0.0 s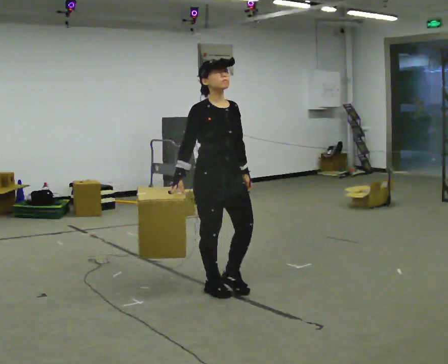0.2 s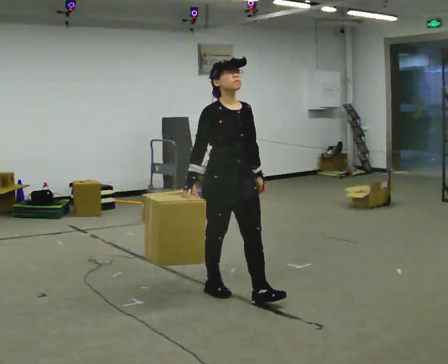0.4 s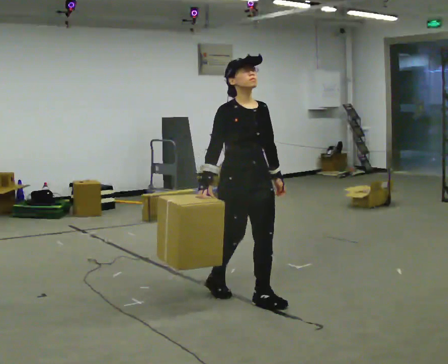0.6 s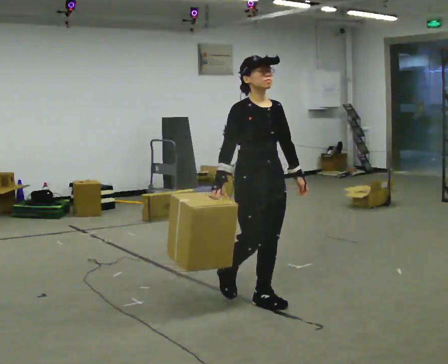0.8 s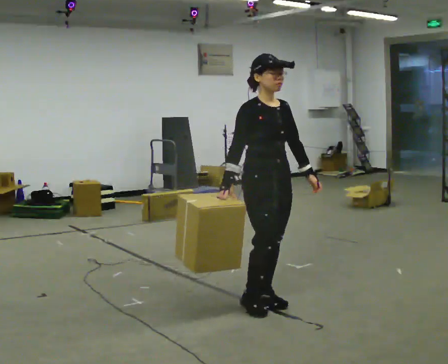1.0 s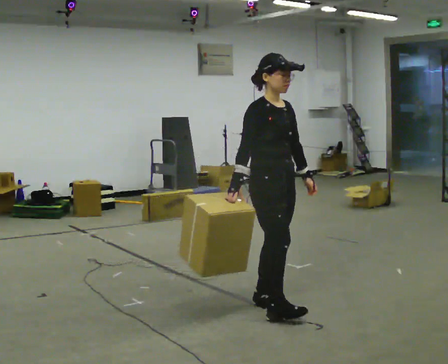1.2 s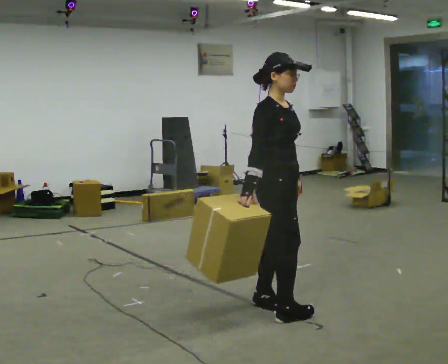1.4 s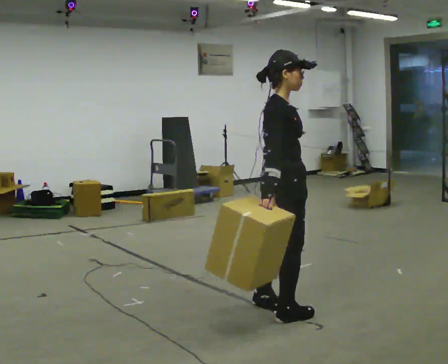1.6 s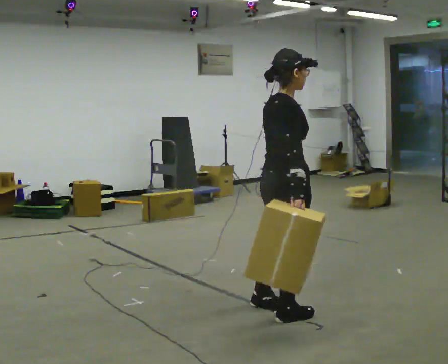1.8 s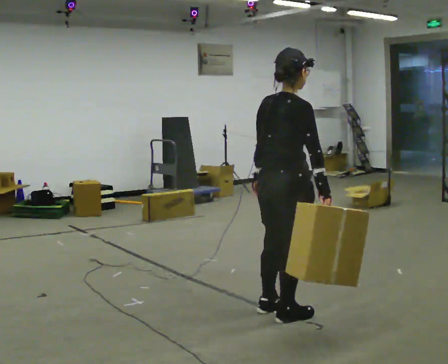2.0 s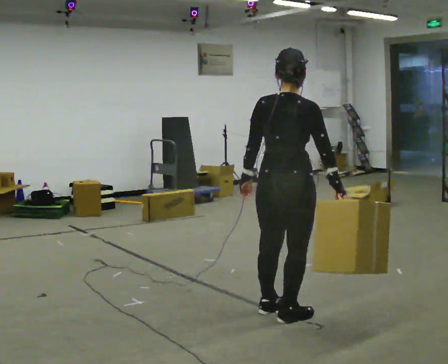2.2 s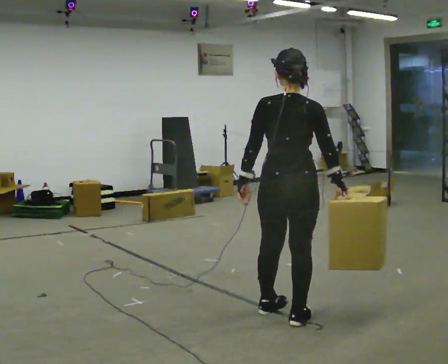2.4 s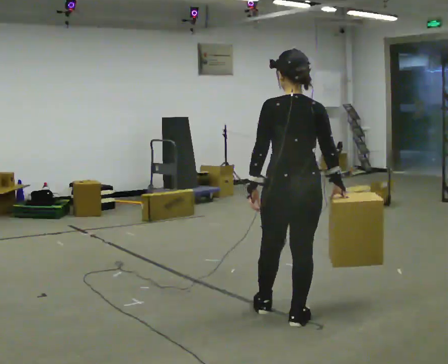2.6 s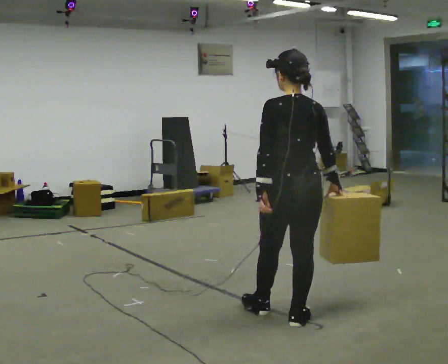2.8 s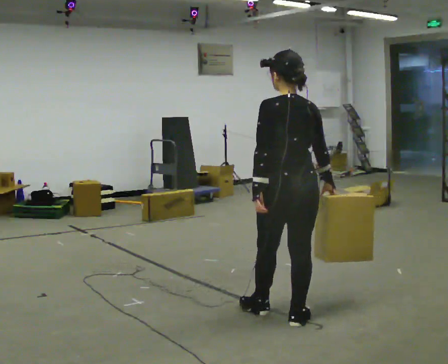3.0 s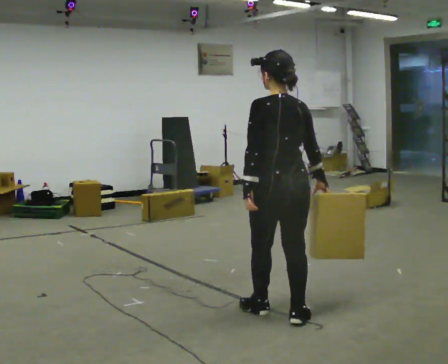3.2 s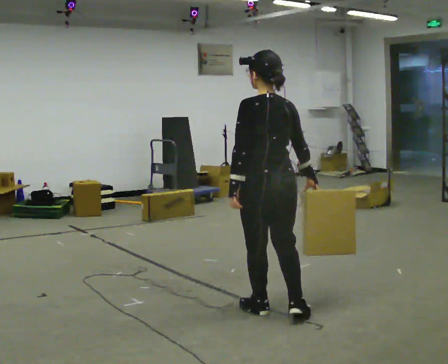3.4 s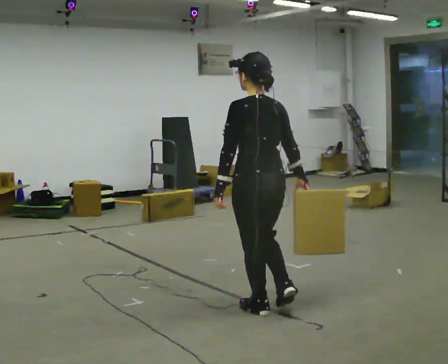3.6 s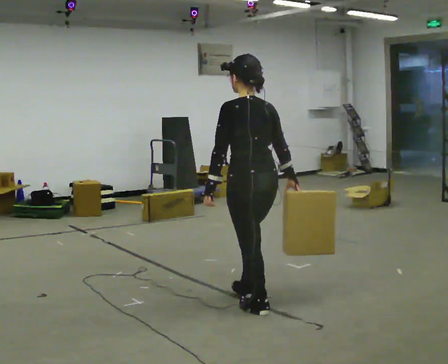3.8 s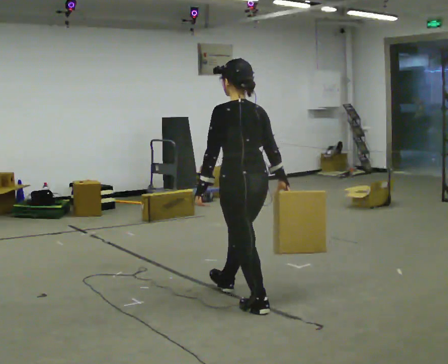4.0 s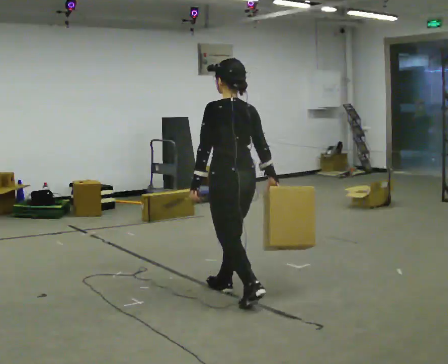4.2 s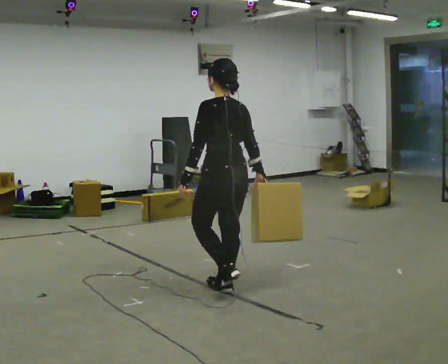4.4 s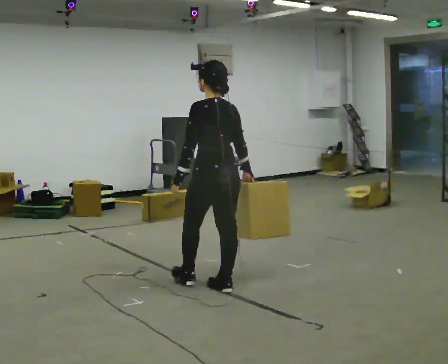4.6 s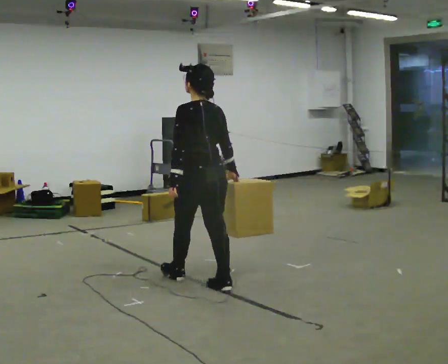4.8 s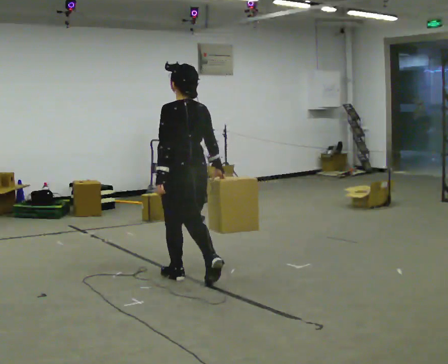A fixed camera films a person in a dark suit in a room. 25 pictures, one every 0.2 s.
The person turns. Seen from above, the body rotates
counterclockwise.
The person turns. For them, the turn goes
to their left.
0.0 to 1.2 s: The part of the body nearest the lens slides to the right as the person turns to their left by about 30 degrees. In the picture they go to the right and toward the camera, about 0.5 m in 2 steps, which for them is forward.
1.2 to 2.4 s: Seen from above the body turns counterclockwise, about 120 degrees: to their left, with its near side sliding to the right. In the picture they go toward the camera and to the right, about 0.25 m in 1 step. In the picture their right hand goes to the right.
2.4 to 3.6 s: In the picture they go to the left and away from the camera, about 0.25 m, which for them is forward and to their left.
3.6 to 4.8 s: In the picture they go to the left and away from the camera, about 1 m in 2 steps, which for them is forward.
The film runs forward here.
